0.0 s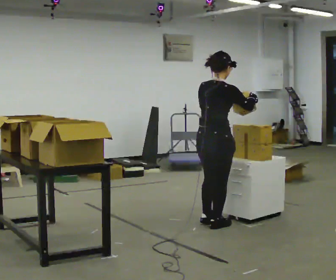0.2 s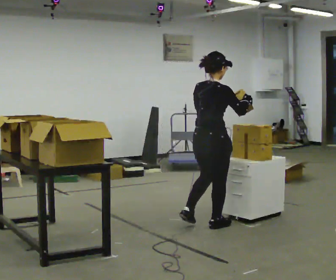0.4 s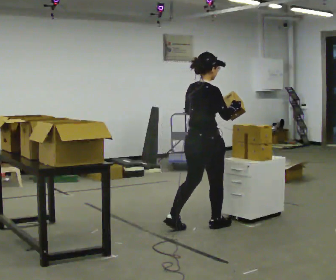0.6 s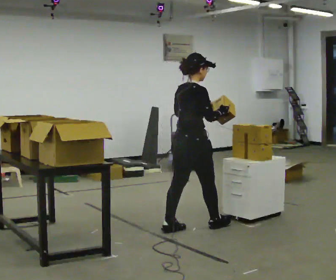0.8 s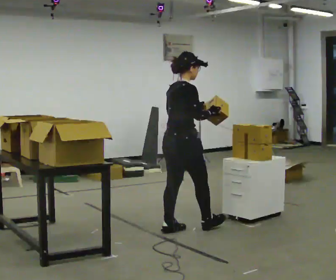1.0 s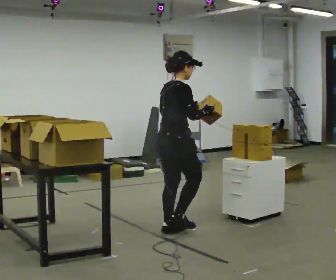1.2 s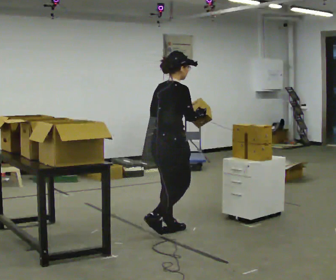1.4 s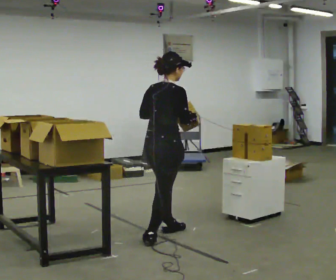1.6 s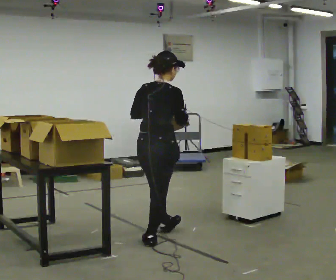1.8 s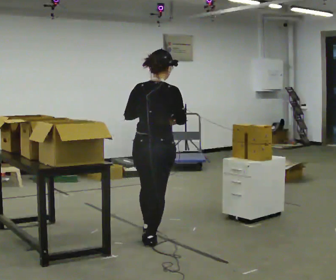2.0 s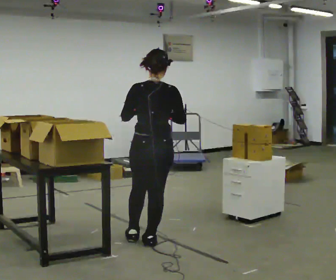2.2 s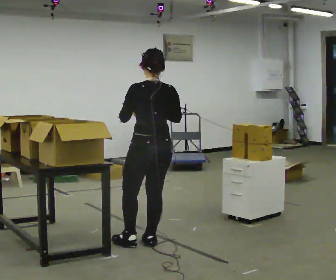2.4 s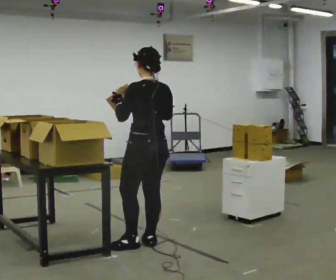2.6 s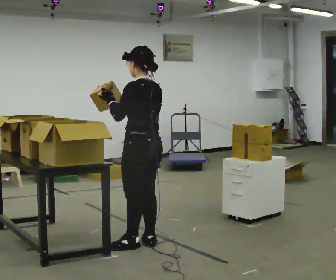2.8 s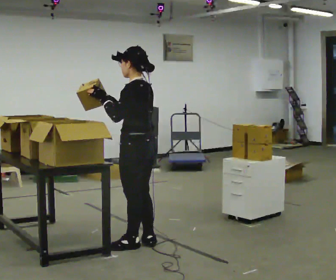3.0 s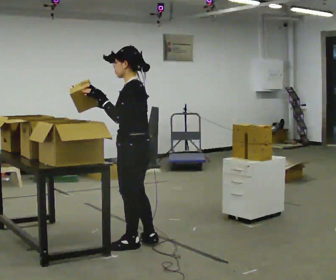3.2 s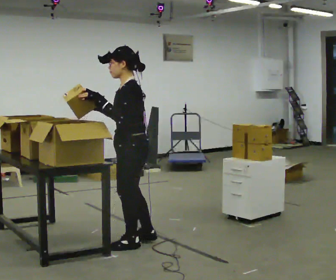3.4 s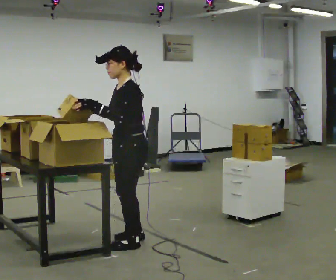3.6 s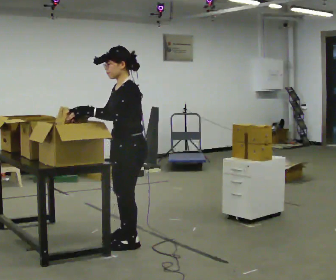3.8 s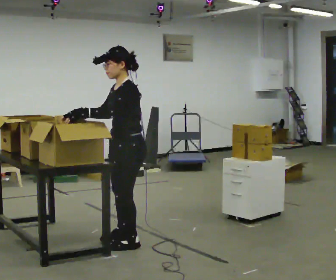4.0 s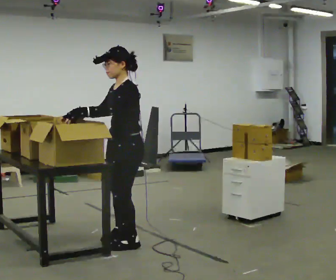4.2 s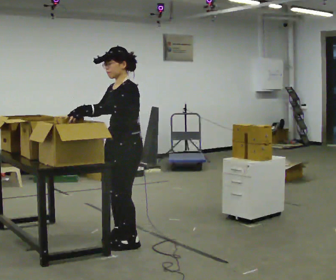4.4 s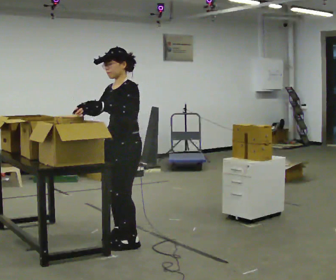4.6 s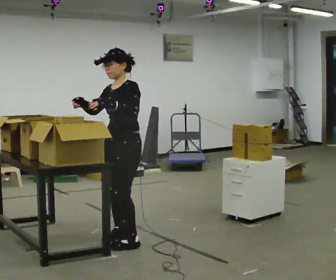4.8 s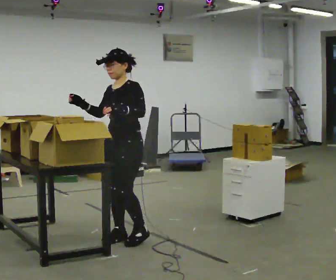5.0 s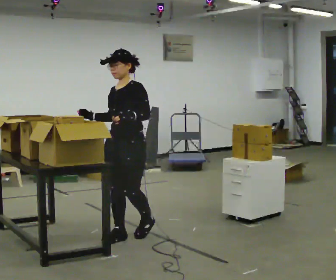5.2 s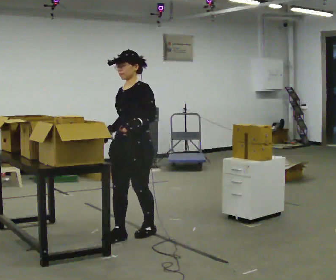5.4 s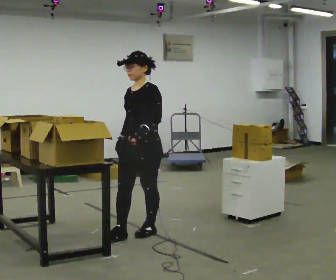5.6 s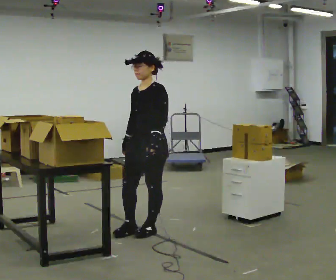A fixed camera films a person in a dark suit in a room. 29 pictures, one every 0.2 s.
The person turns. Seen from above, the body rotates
counterclockwise.
The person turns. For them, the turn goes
to their left.
0.0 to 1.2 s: In the picture they go to the left, about 0.5 m in 1 step, which for them is backward.
1.2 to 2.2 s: Seen from above the body turns counterclockwise, about 75 degrees: to their left, with its near side sliding to the right. In the picture they go toward the camera, about 0.25 m in 1 step.
2.2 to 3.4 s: The person turns about 75 degrees to their left, counterclockwise seen from above, so the part of the body nearest the lens slides to the right. In the picture they go to the left, about 0.25 m in 1 step. In the picture their right hand goes to the left.
3.4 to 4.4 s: The person moves a little, or ends about where they began.
4.4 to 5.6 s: In the picture they go away from the camera and to the right, about 0.25 m in 2 steps, which for them is backward. In the picture their right hand goes downward.
The film runs backward here.
